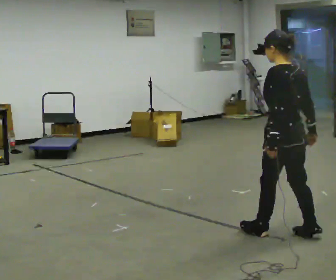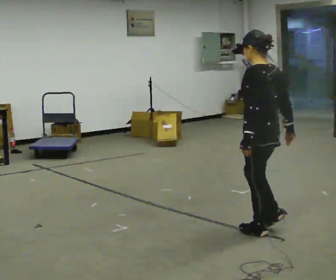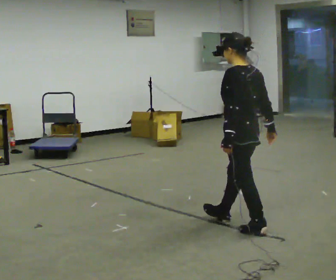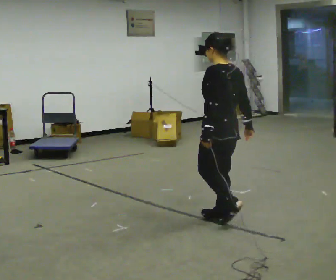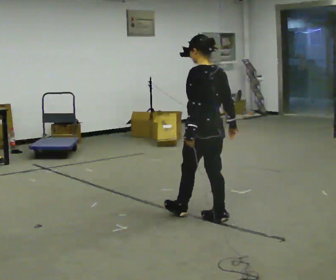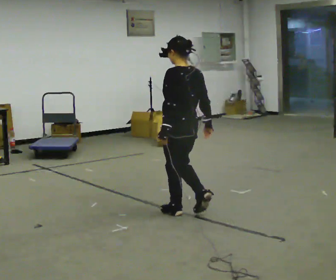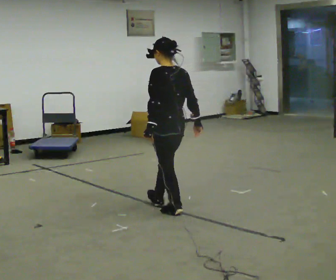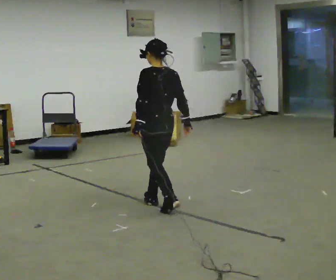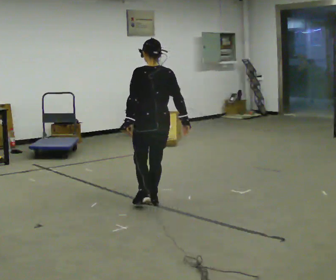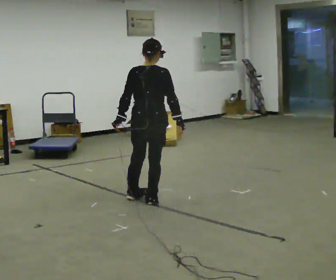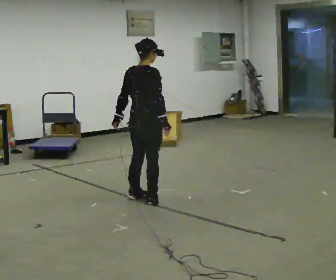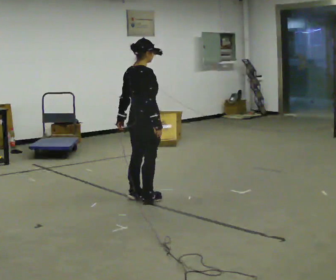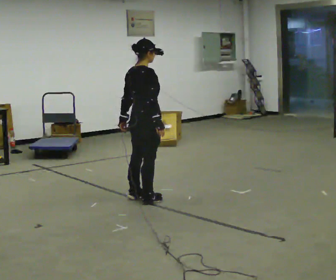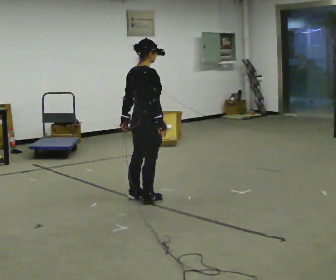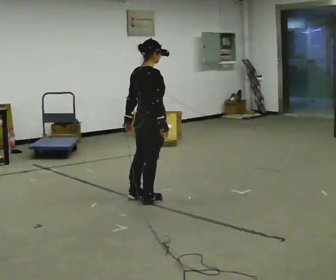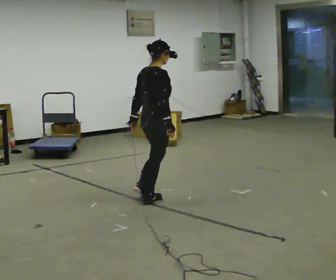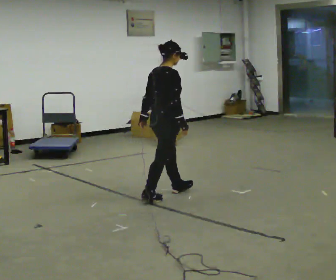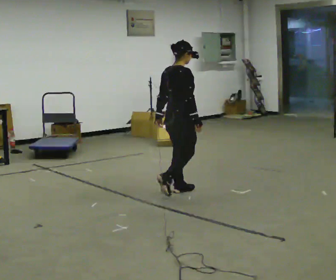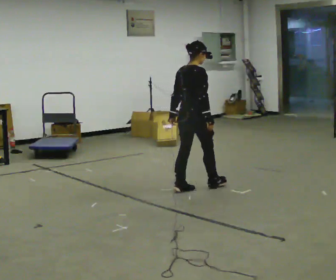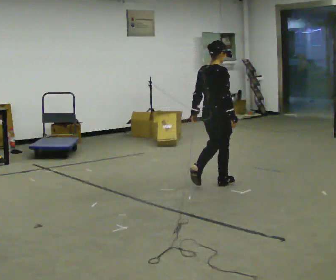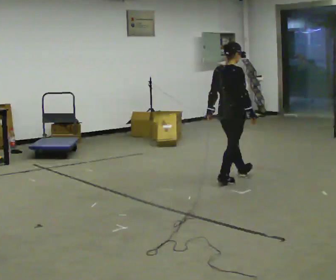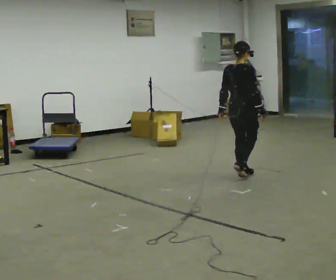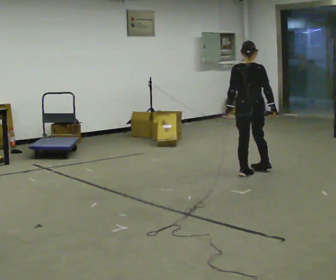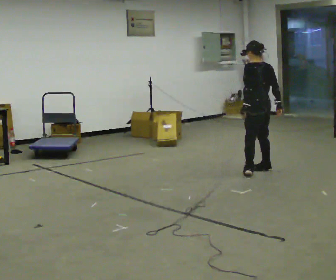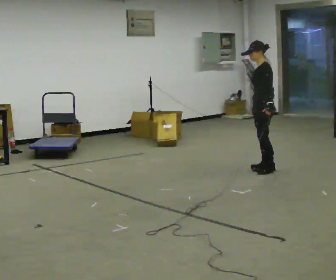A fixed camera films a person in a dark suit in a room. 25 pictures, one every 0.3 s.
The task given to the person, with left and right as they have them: Walk; stop fully; turn 90° left/right while standing; walk new direction.
0.0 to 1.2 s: In the picture they go away from the camera and to the left, about 0.5 m in 1 step, which for them is forward.
1.2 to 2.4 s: The part of the body nearest the lens slides to the left as the person turns to their right by about 30 degrees. In the picture they go away from the camera and to the left, about 0.75 m in 2 steps, which for them is forward.
2.4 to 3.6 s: The person turns about 75 degrees to their right, clockwise seen from above, so the part of the body nearest the lens slides to the left.
3.6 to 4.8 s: In the picture they go to the right, about 0.25 m, which for them is forward.
4.8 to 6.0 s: In the picture they go to the right and away from the camera, about 1 m in 2 steps, which for them is forward.
6.0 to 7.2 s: Seen from above the body turns counterclockwise, about 135 degrees: to their left, with its near side sliding to the right. In the picture they go to the right and away from the camera, about 0.75 m in 3 steps.
The film runs forward here.
